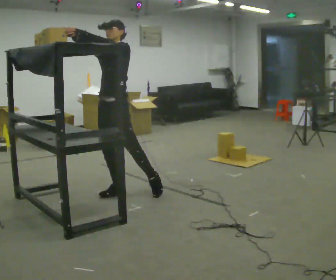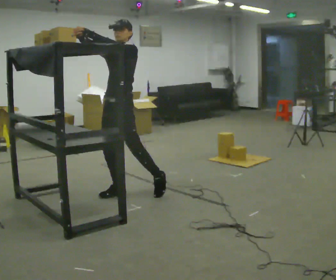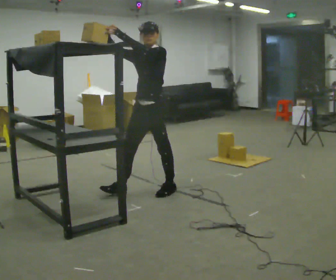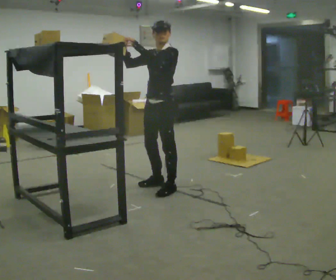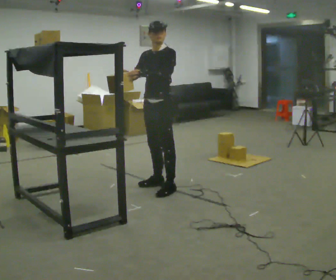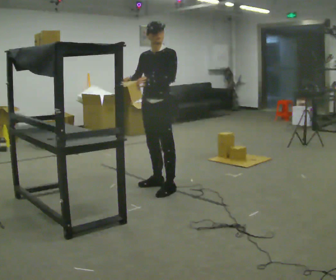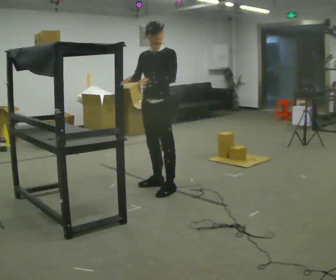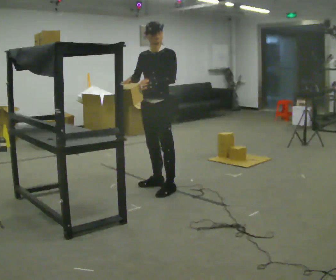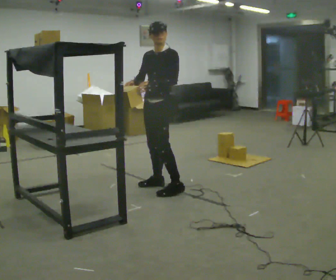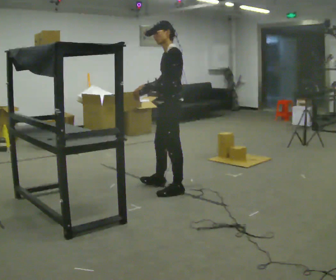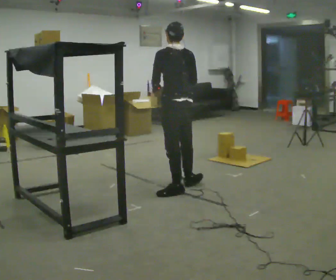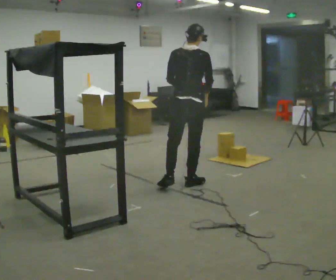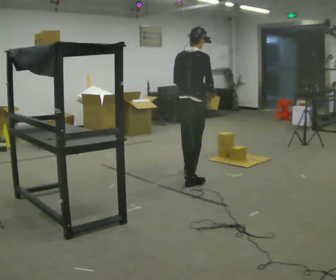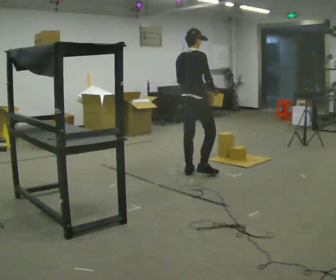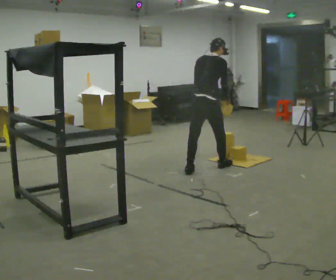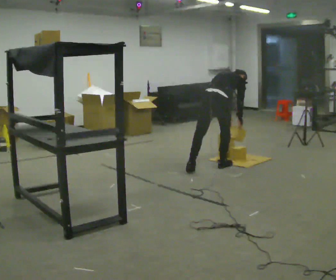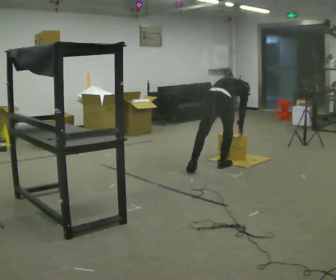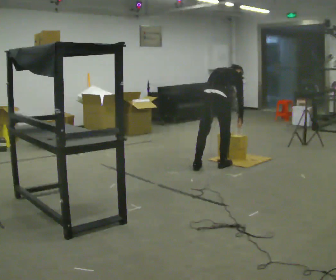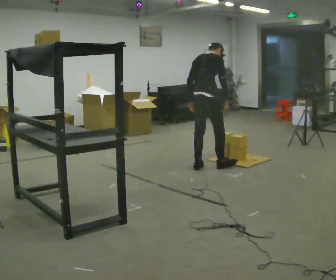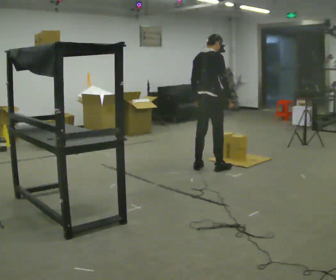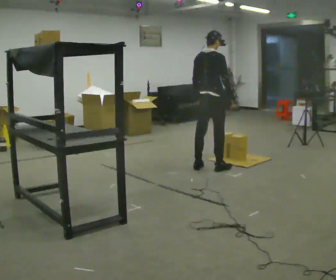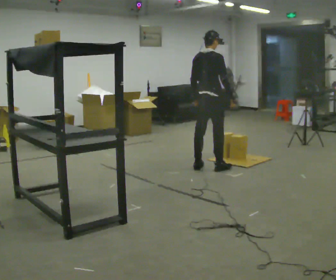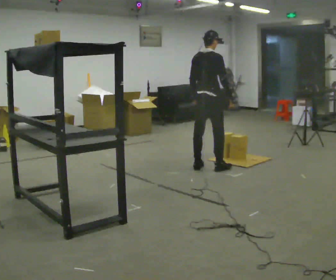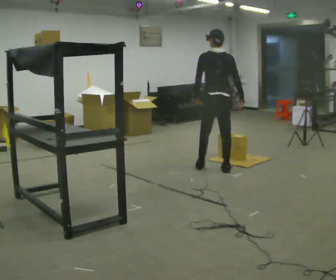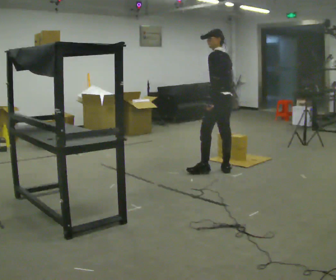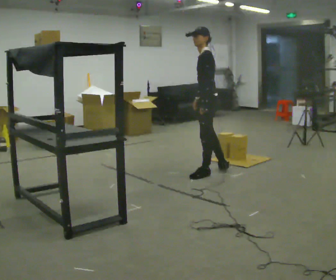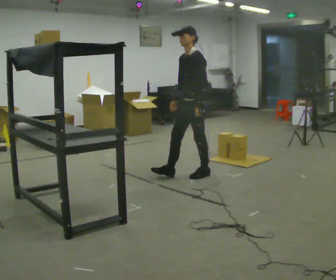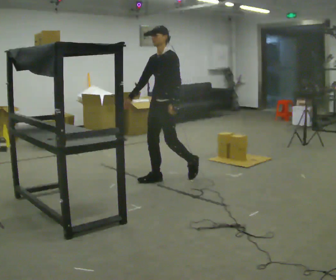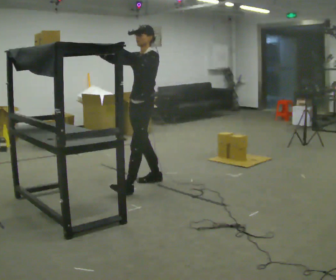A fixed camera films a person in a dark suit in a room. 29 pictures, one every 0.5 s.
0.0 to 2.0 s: In the picture they go to the right and away from the camera, about 0.5 m in 1 step, which for them is backward. In the picture their right hand goes downward, the arm swinging counterclockwise.
2.0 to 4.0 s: The person moves a little, or ends about where they began.
4.0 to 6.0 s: Seen from above the body turns clockwise, about 165 degrees: to their right, with its near side sliding to the left. In the picture they go away from the camera and to the right, about 0.5 m in 2 steps.
6.0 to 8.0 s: In the picture they go away from the camera and to the right, about 0.5 m in 1 step, which for them is forward. The shoulders move downward. The upper body tips away from the camera, its near side rolling upward, as they bend forward. In the picture their right hand goes downward.
8.0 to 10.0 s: The upper body goes upward. The upper body tips toward the camera, its near side rolling downward, as they lean back or straighten. In the picture their right hand goes upward.
10.0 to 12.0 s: Seen from above the body turns counterclockwise, about 90 degrees: to their left, with its near side sliding to the right.
12.0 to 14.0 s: Seen from above the body turns counterclockwise, about 75 degrees: to their left, with its near side sliding to the right. In the picture they go to the left and toward the camera, about 1 m in 2 steps. In the picture their right hand goes upward, the arm swinging clockwise.
The film runs forward here.
